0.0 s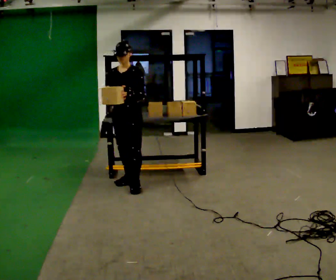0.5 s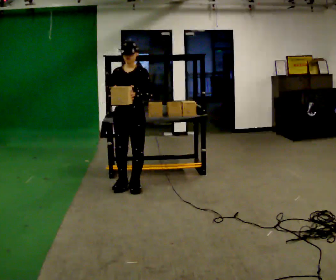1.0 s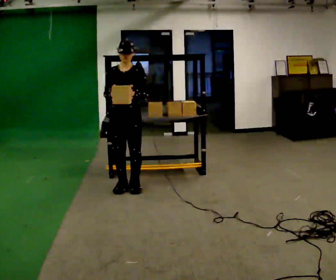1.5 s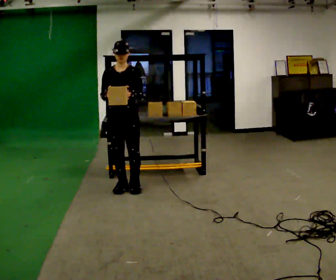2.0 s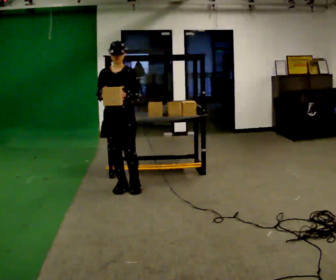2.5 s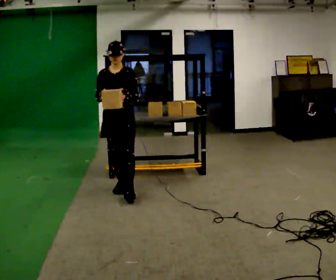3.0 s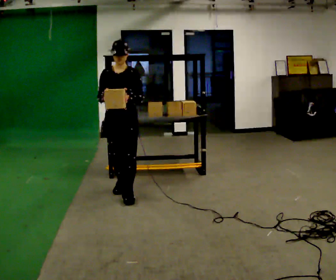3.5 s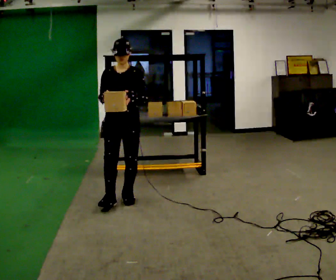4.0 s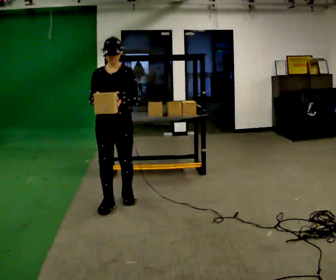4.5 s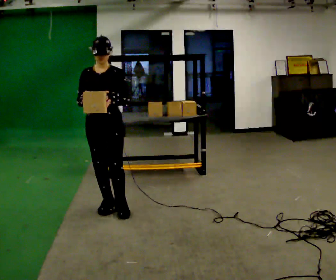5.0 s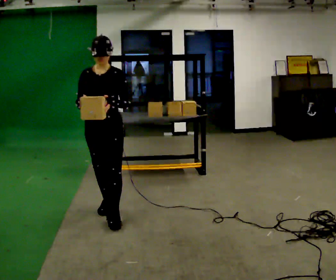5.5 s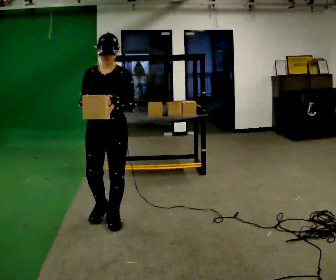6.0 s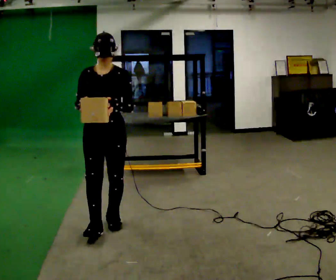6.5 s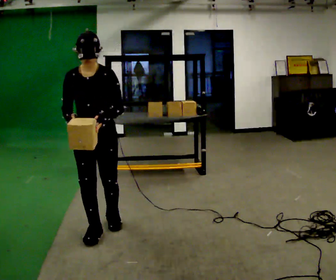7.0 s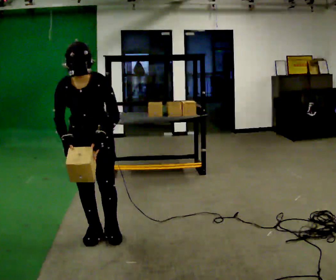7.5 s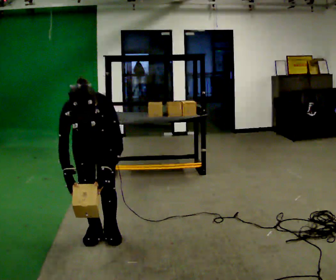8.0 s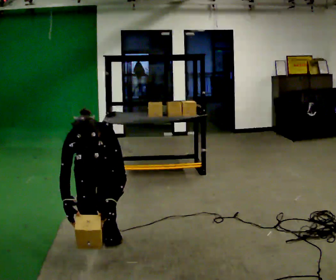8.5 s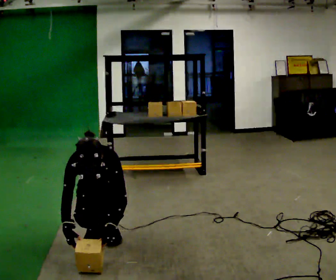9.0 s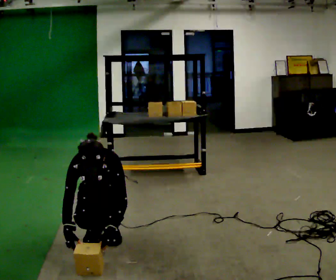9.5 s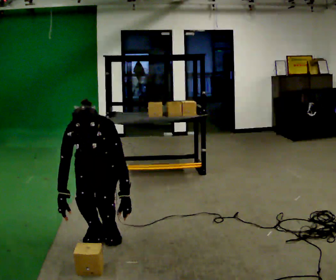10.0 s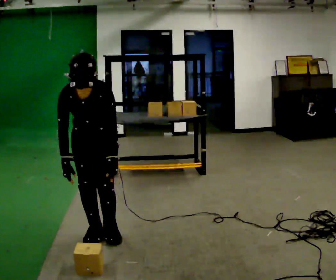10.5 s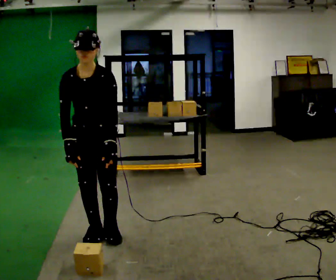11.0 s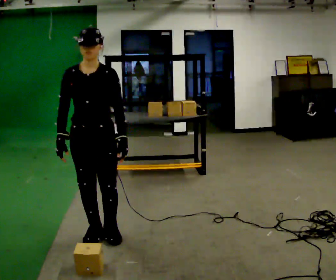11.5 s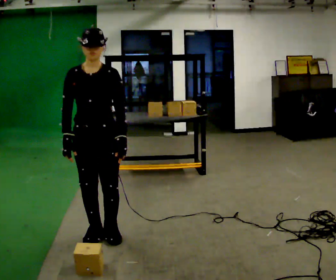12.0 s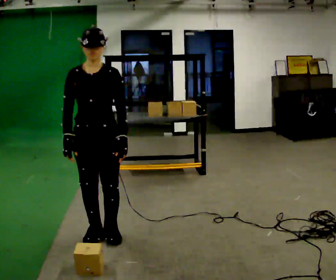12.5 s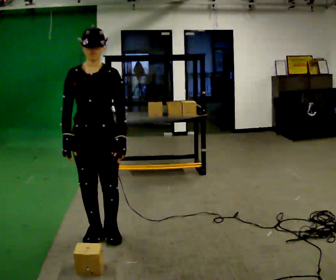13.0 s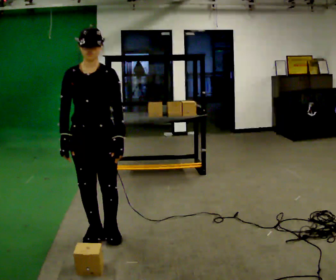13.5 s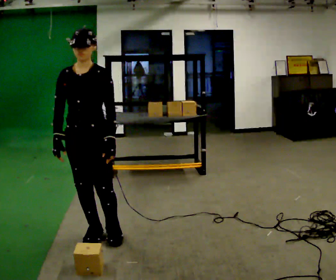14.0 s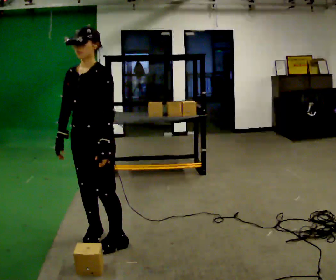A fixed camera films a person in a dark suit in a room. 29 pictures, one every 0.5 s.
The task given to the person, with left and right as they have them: Take an object off the waist-height shelf, carry it across the room, and set it down on the floor. Keep going until the operator says stop; one object at a time, and do not rush between trips.
0.0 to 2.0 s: The person moves a little, or ends about where they began.
2.0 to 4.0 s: In the picture they go toward the camera, about 0.5 m in 2 steps, which for them is forward.
4.0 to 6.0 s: In the picture they go toward the camera, about 0.5 m in 2 steps, which for them is forward.
6.0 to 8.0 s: The shoulders move downward. The upper body tips toward the camera, its near side rolling downward, as they bend forward. In the picture their left hand goes downward.
8.0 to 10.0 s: The person moves a little, or ends about where they began.
10.0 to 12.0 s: The upper body tips away from the camera, its near side rolling upward, as they lean back or straighten.
12.0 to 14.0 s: The person turns about 30 degrees to their right, clockwise seen from above, so the part of the body nearest the lens slides to the left.
The film runs forward here.
